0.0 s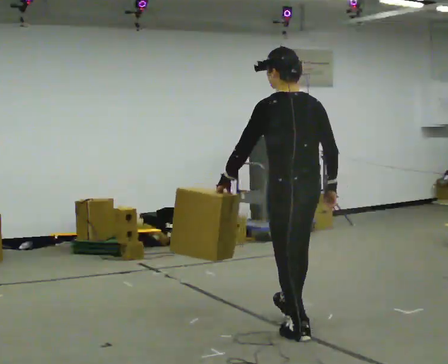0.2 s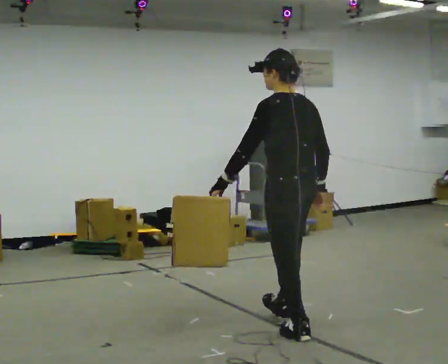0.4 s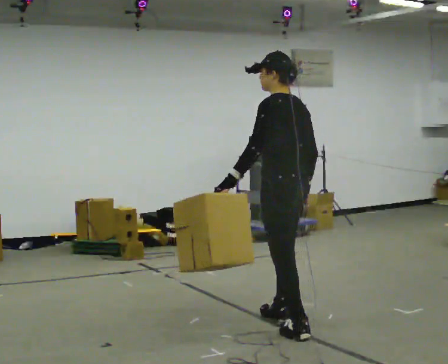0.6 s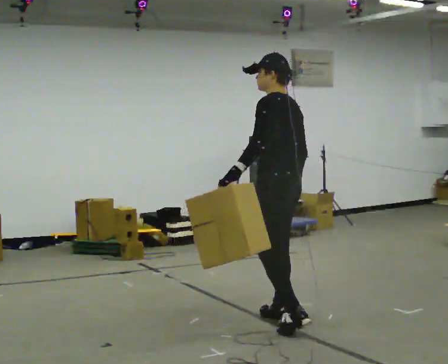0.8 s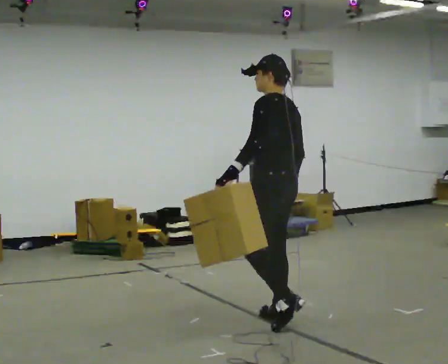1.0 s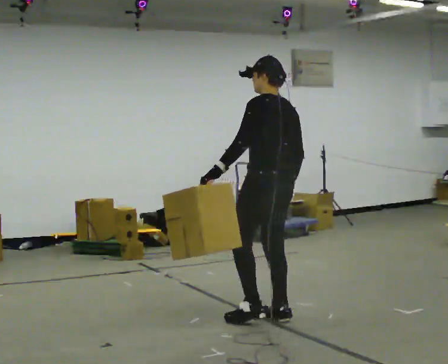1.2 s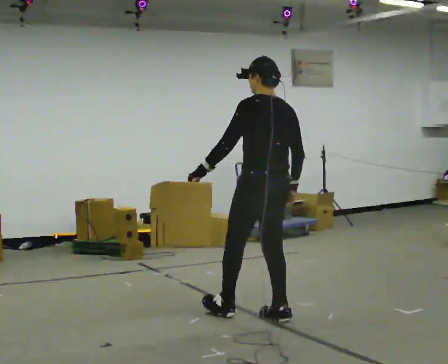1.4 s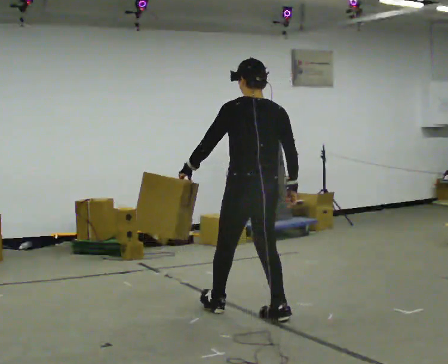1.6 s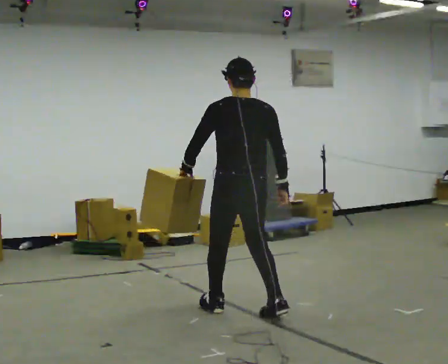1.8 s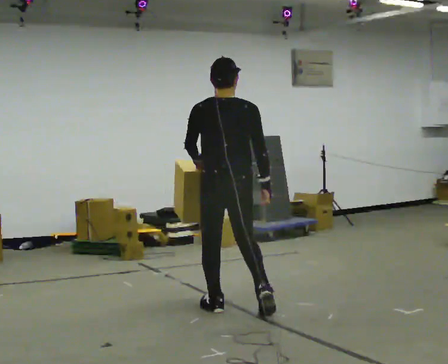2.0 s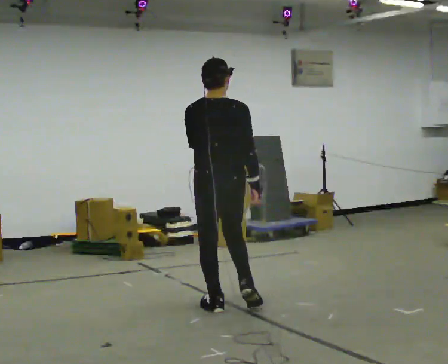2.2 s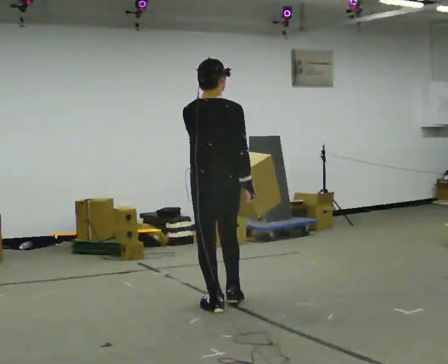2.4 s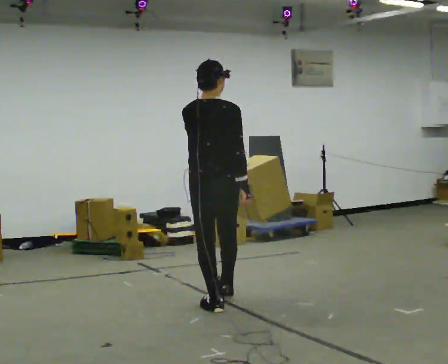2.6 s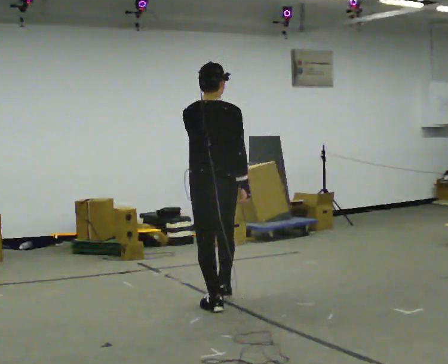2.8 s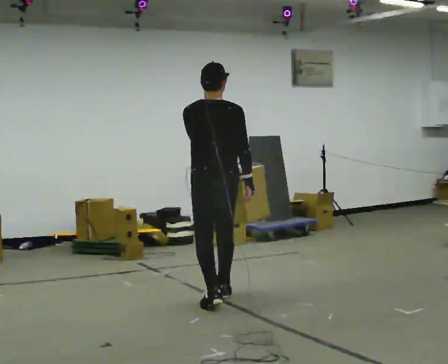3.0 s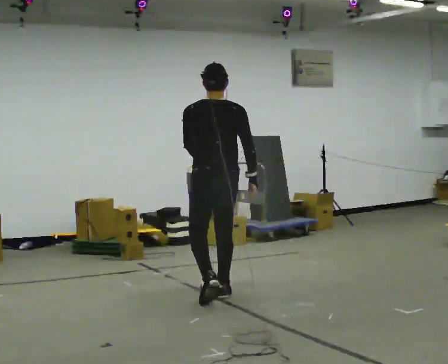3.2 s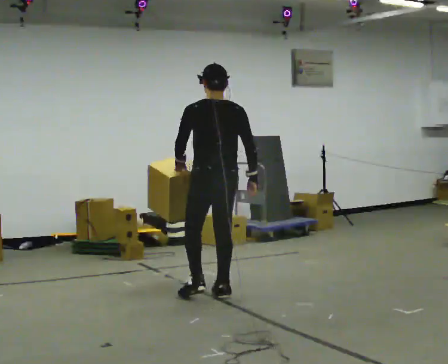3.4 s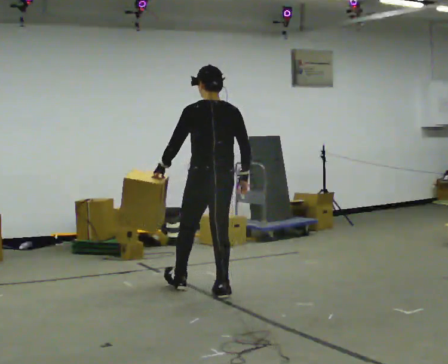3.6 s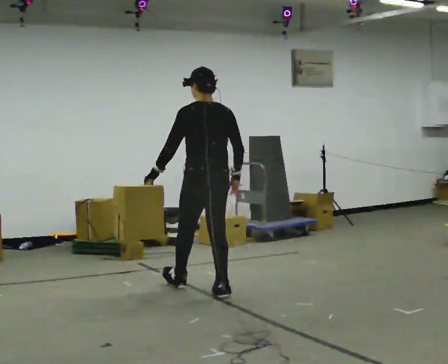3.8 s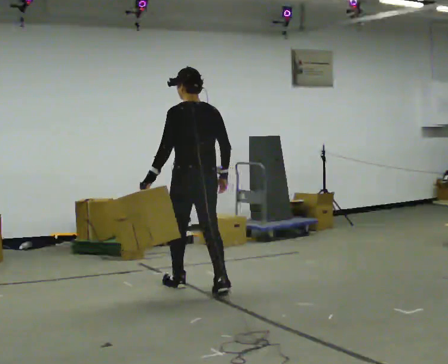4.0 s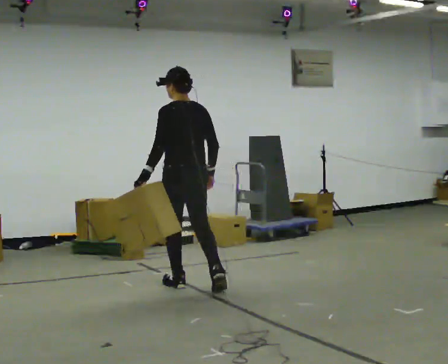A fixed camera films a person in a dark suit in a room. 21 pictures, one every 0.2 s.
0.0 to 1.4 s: In the picture they go away from the camera and to the left, about 0.5 m in 2 steps, which for them is forward and to their right.
1.4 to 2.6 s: In the picture they go away from the camera and to the left, about 0.5 m in 1 step, which for them is forward and to their left.
2.6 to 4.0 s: In the picture they go away from the camera and to the left, about 0.5 m in 1 step, which for them is forward.
The film runs forward here.
